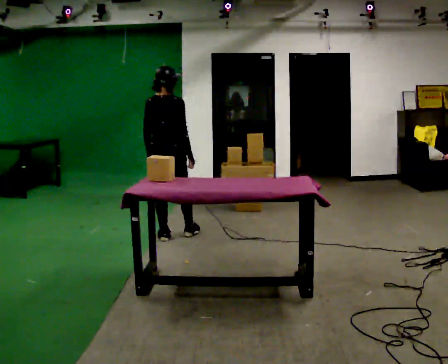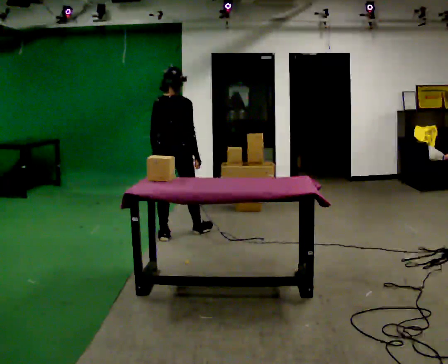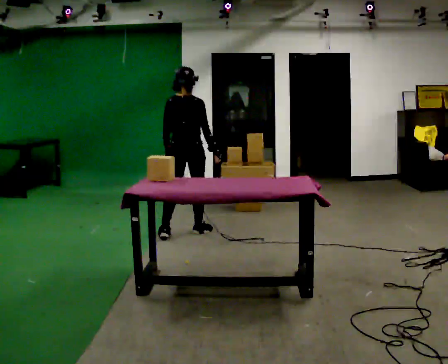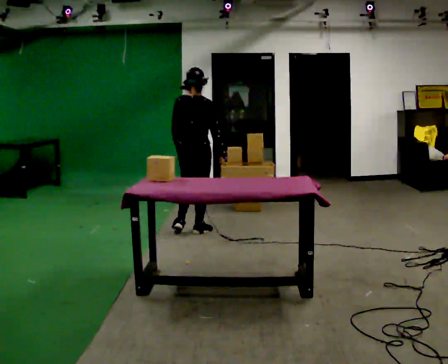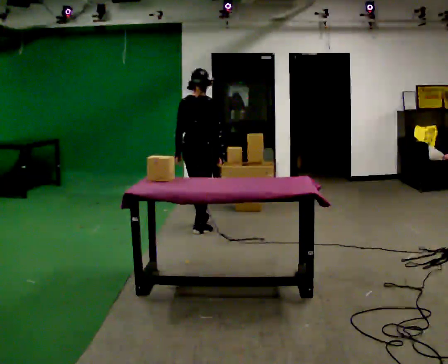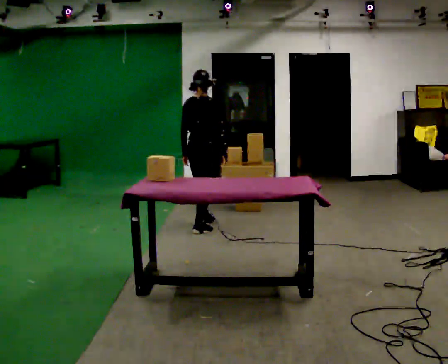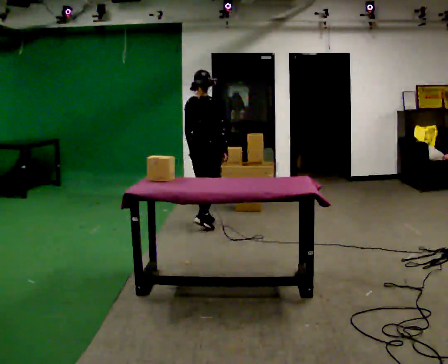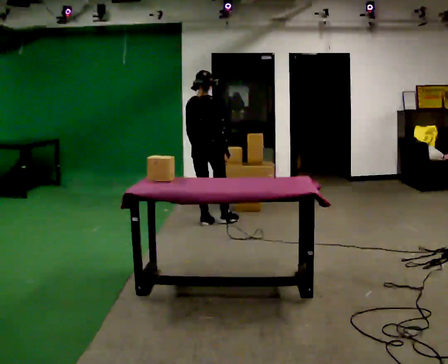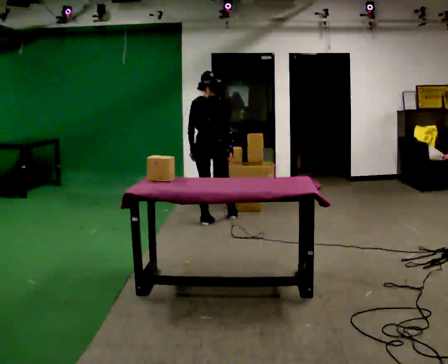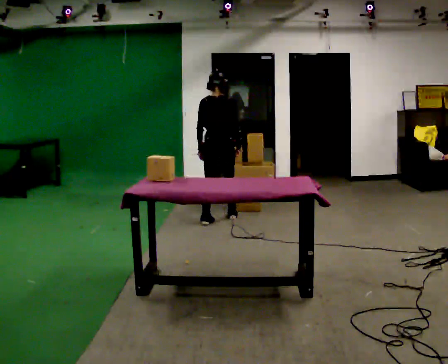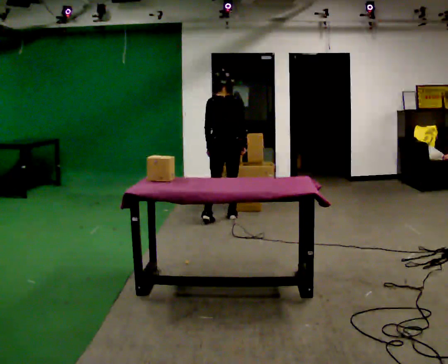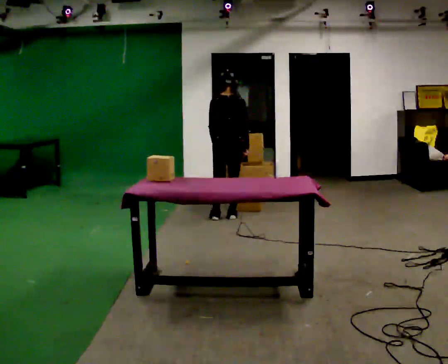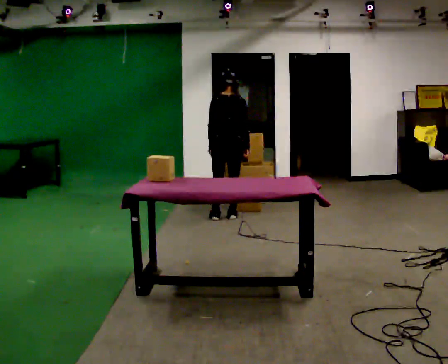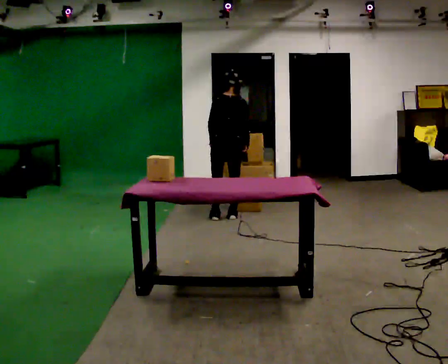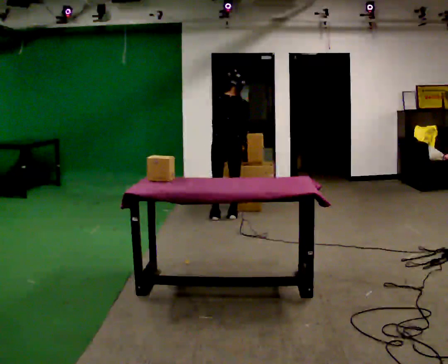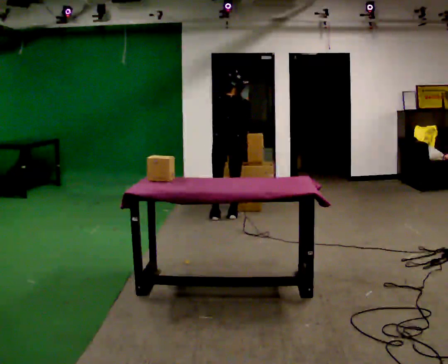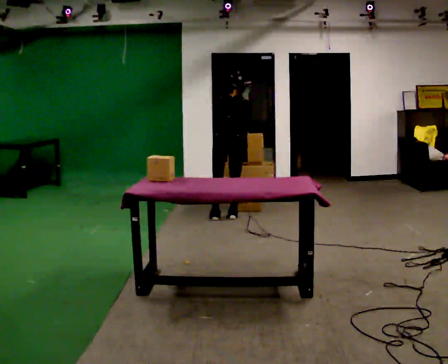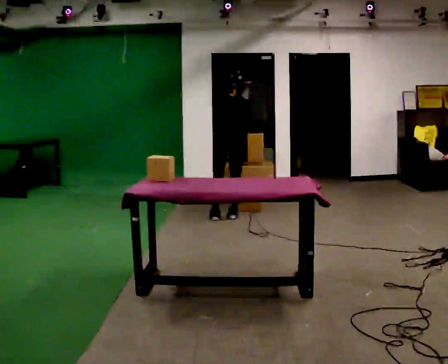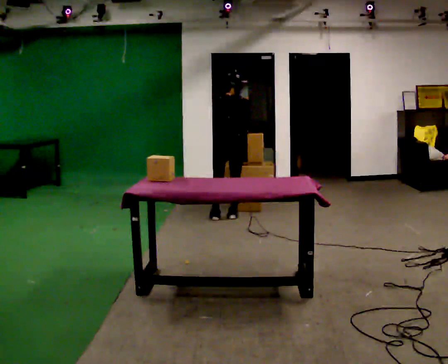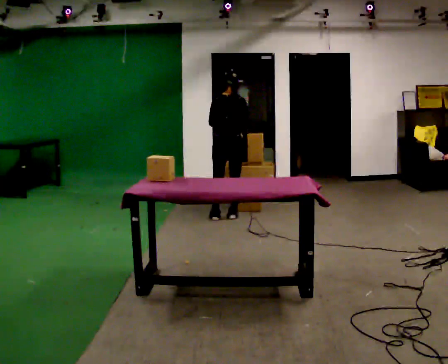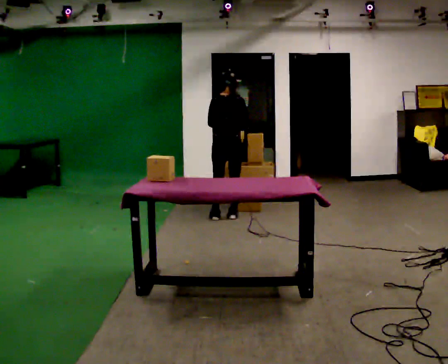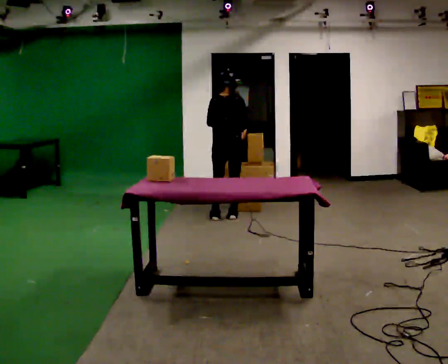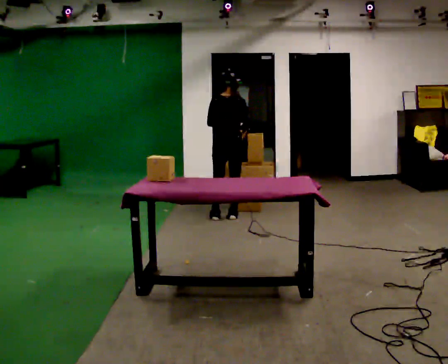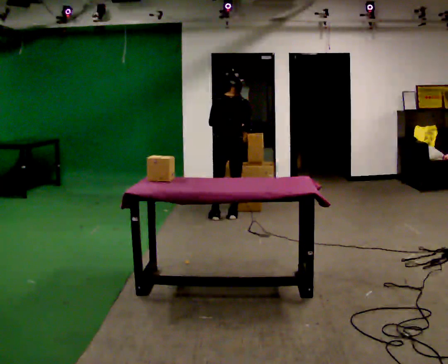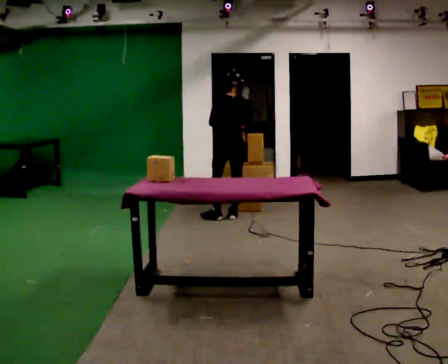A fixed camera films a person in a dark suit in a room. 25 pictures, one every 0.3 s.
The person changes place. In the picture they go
away from the camera.
0.0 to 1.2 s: In the picture they go away from the camera and to the right, about 0.5 m in 1 step, which for them is forward and to their right.
1.2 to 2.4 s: In the picture they go away from the camera, about 0.5 m in 2 steps, which for them is forward.
2.4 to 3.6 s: In the picture they go away from the camera and to the right, about 0.25 m in 1 step, which for them is forward and to their right.
3.6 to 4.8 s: The person moves a little, or ends about where they began.
4.8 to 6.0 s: The upper body tips toward the camera, its near side rolling downward, as they lean back or straighten.
6.0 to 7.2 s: Seen from above the body turns counterclockwise, about 30 degrees: to their left, with its near side sliding to the right.
The film runs forward here.
